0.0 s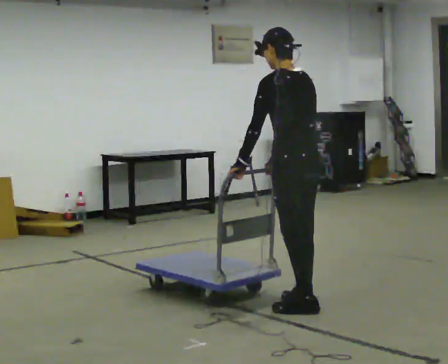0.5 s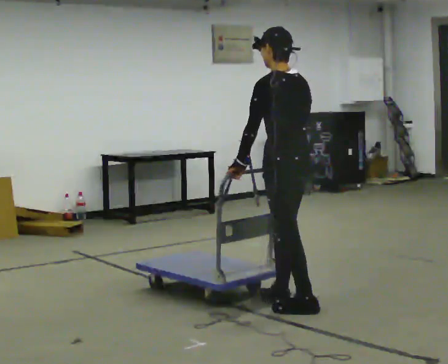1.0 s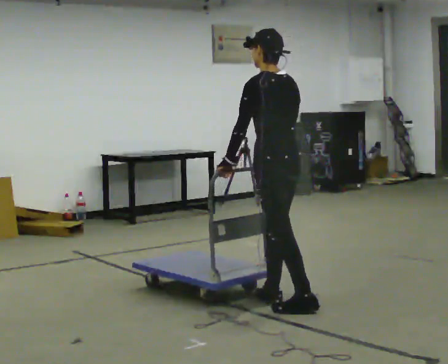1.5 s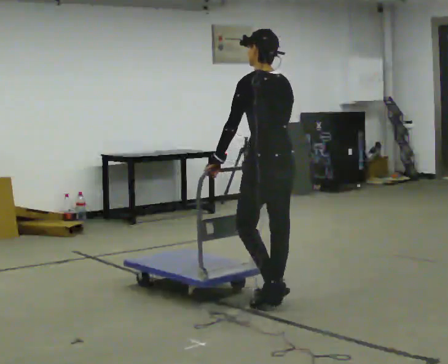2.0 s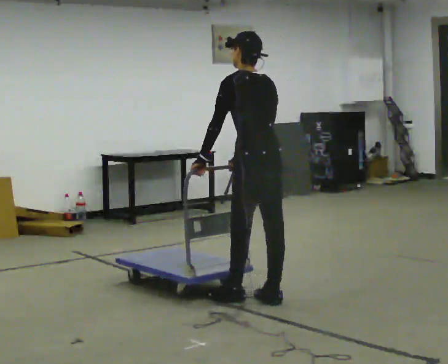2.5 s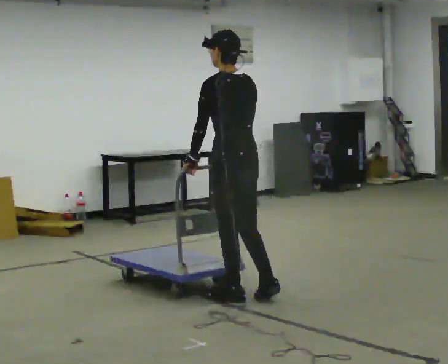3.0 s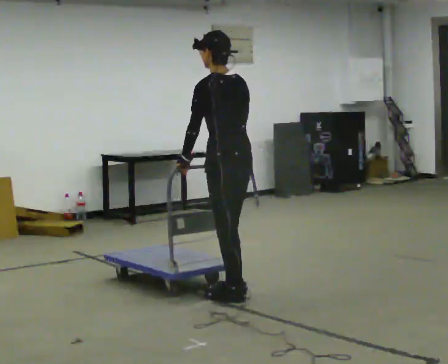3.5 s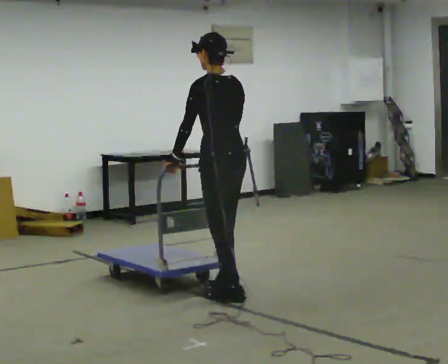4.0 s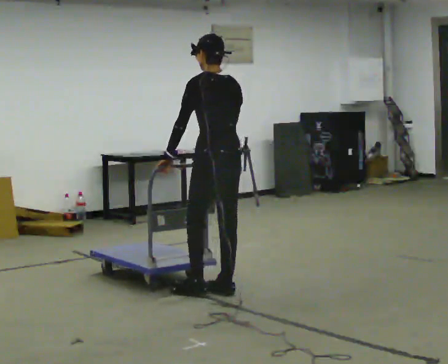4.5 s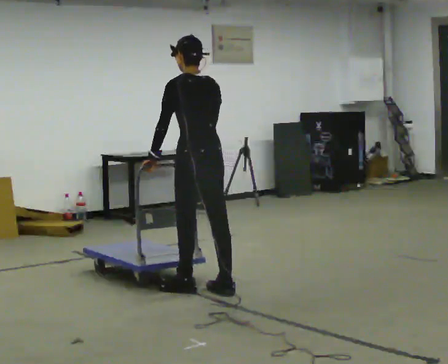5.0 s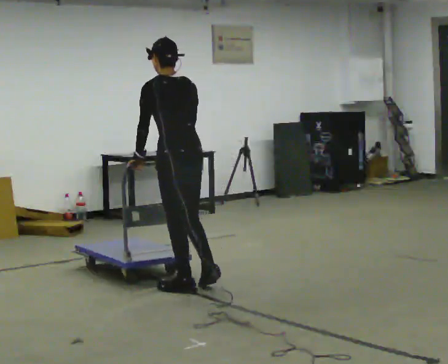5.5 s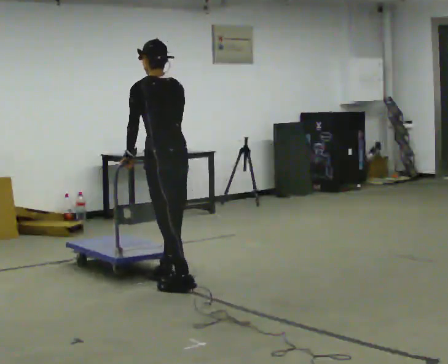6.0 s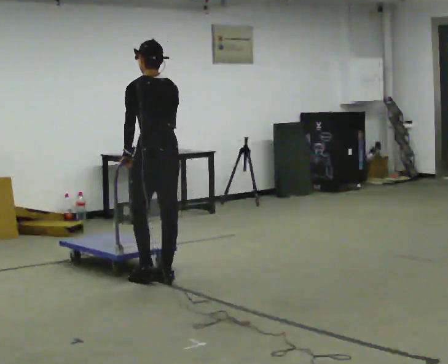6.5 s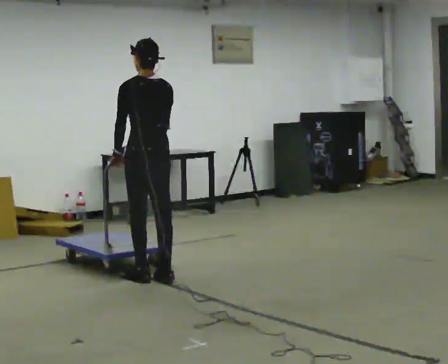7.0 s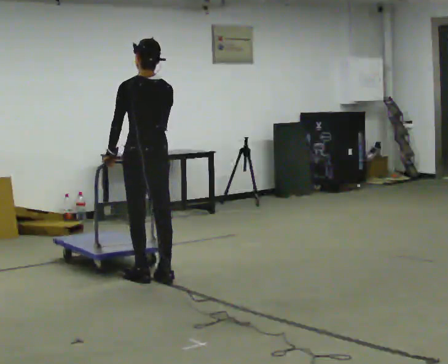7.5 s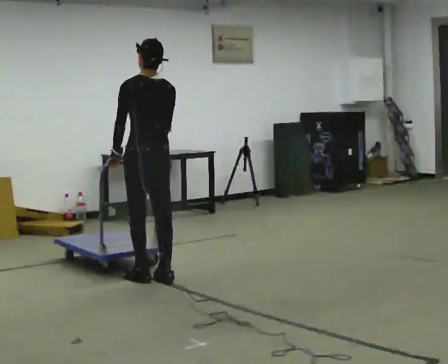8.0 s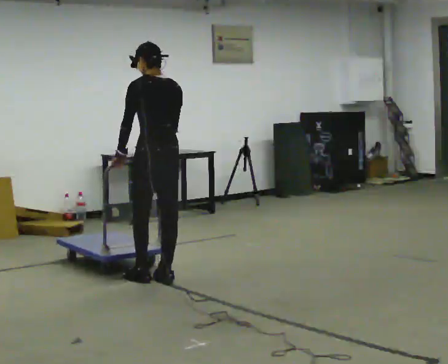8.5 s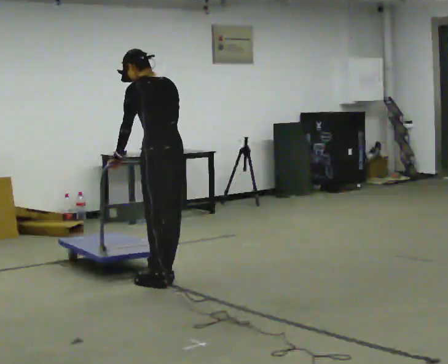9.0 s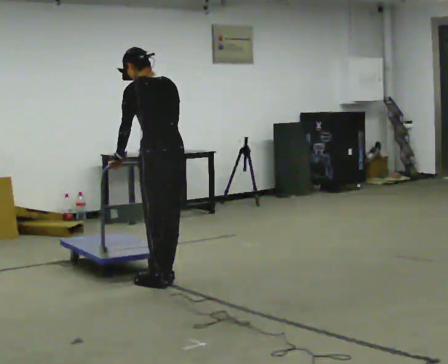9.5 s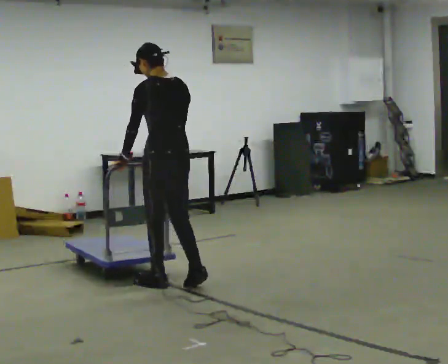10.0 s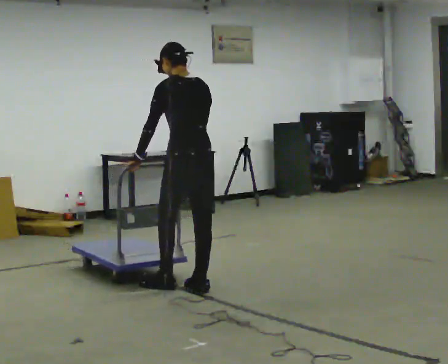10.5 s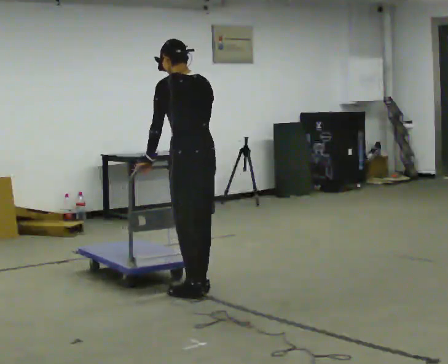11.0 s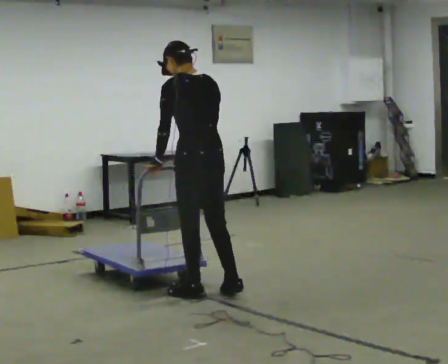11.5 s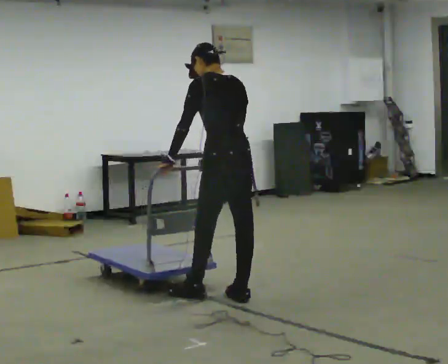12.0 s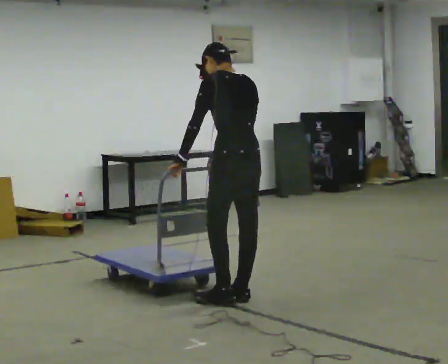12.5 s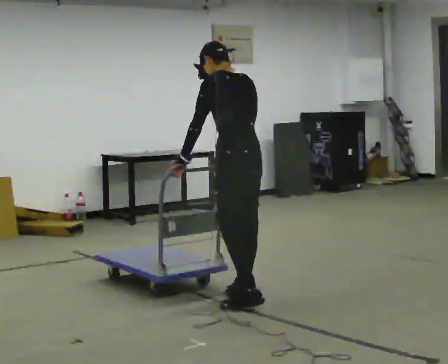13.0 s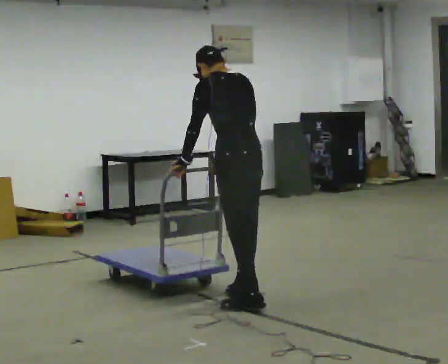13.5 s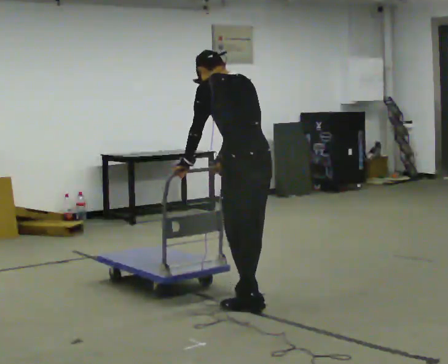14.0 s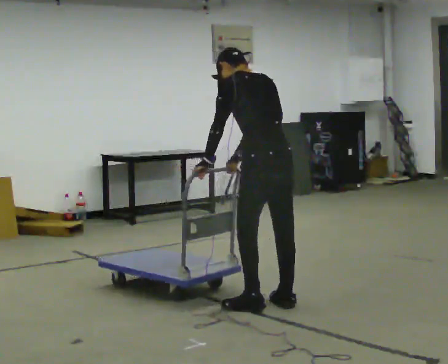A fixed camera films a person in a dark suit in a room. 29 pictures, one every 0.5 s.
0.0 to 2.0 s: In the picture they go away from the camera and to the left, about 0.25 m in 2 steps, which for them is forward.
2.0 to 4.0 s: In the picture they go away from the camera and to the left, about 0.25 m in 1 step, which for them is forward.
4.0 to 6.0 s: In the picture they go to the left and away from the camera, about 0.5 m in 2 steps, which for them is forward.
6.0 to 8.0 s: The person moves a little, or ends about where they began.
8.0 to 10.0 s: In the picture they go toward the camera and to the right, about 0.25 m in 2 steps, which for them is backward.
10.0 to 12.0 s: In the picture they go toward the camera and to the right, about 0.5 m in 2 steps, which for them is backward.
12.0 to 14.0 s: In the picture they go toward the camera and to the right, about 0.25 m in 2 steps, which for them is backward.
The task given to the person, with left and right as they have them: Push the cart across the room using only the hand the operator calls. Keep your other arm at your side.
The film runs forward here.
